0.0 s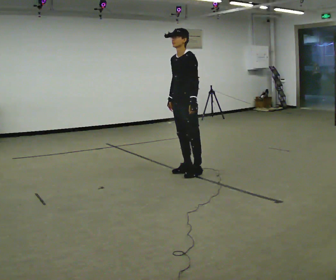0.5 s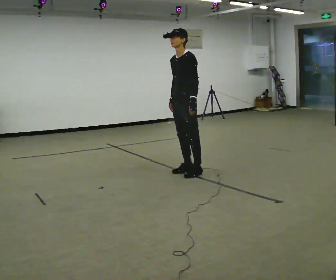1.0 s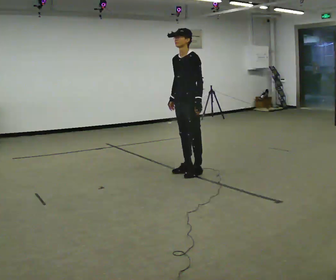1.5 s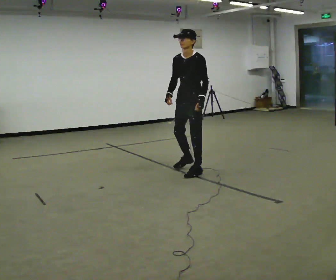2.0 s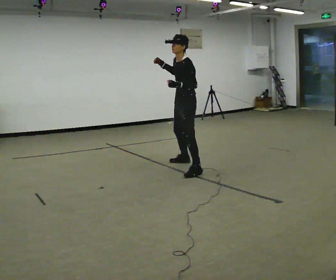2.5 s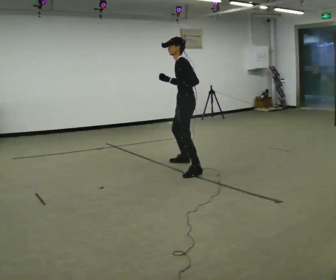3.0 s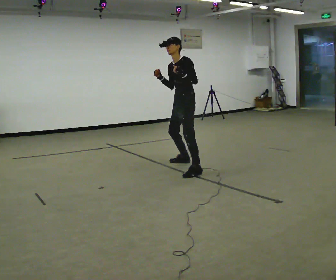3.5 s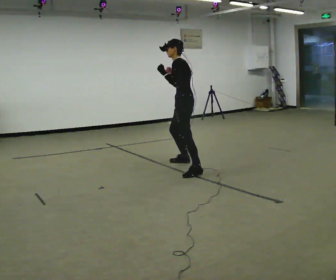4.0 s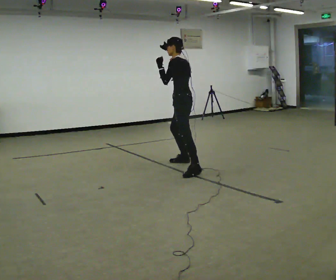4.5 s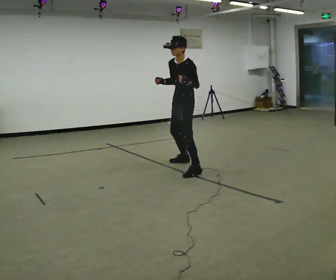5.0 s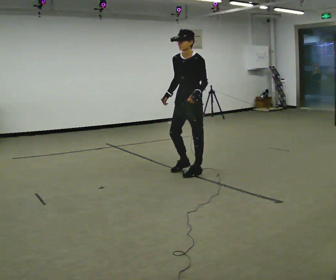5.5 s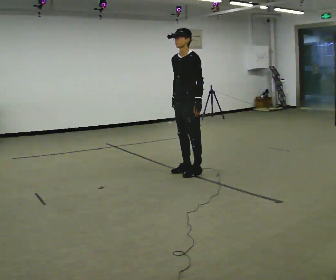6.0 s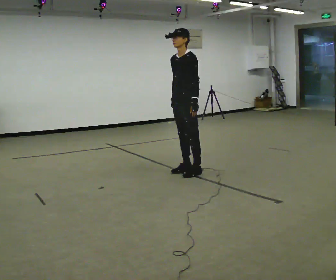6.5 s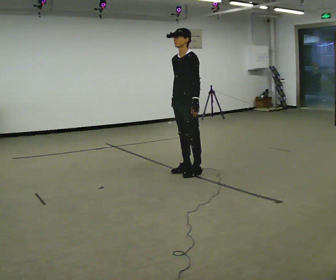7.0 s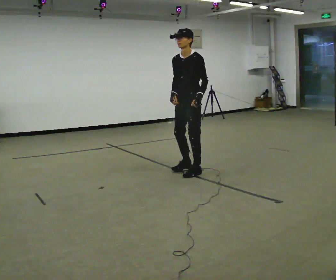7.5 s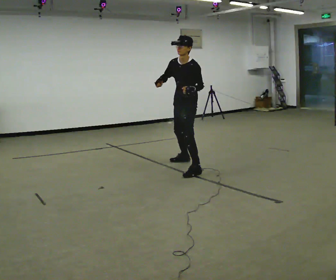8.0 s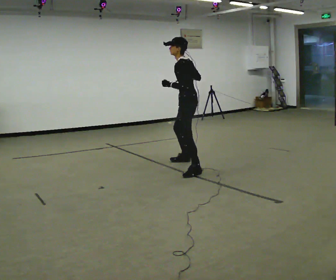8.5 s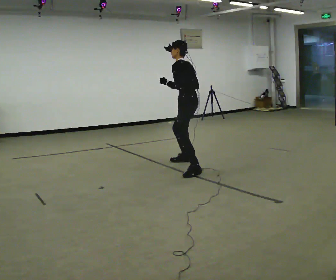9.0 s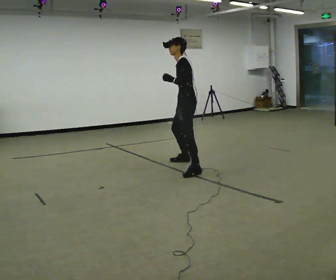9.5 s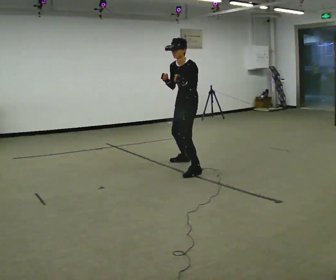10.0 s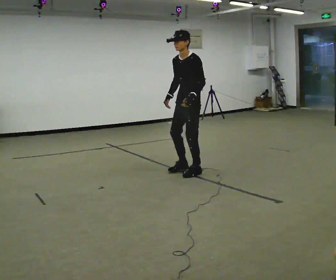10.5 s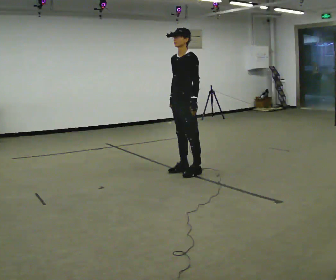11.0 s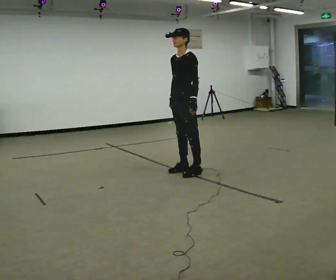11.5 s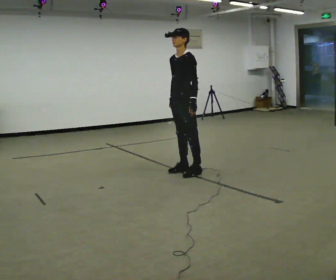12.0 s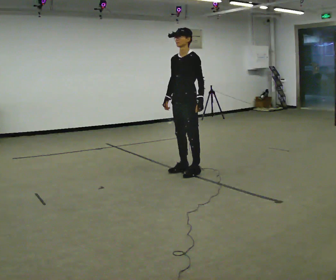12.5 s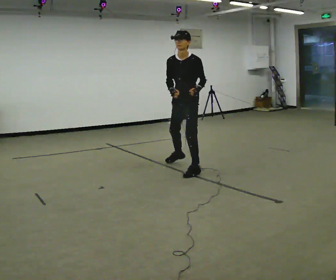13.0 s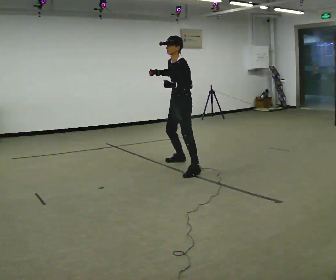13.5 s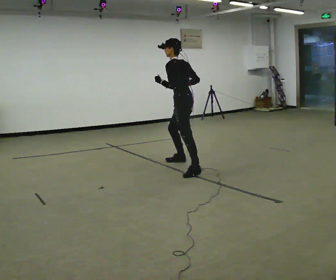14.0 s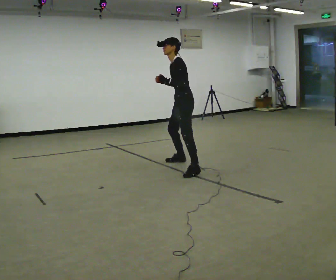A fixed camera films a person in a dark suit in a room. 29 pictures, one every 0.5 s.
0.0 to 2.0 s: In the picture they go away from the camera, about 0.25 m in 1 step, which for them is to their right and backward. In the picture their right hand goes upward, the arm swinging clockwise.
2.0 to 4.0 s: The part of the body nearest the lens slides to the left as the person turns to their right by about 45 degrees.
4.0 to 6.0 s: The part of the body nearest the lens slides to the right as the person turns to their left by about 45 degrees. In the picture they go toward the camera, about 0.25 m in 1 step. In the picture their left hand goes downward.
6.0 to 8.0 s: Seen from above the body turns clockwise, about 45 degrees: to their right, with its near side sliding to the left. In the picture they go away from the camera, about 0.25 m in 1 step, which for them is backward and to their right. In the picture their right hand goes upward.
8.0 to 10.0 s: The person turns about 45 degrees to their left, counterclockwise seen from above, so the part of the body nearest the lens slides to the right. In the picture they go toward the camera, about 0.25 m in 1 step. In the picture their right hand goes downward.
10.0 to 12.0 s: The person moves a little, or ends about where they began.
12.0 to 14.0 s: The person turns about 30 degrees to their right, clockwise seen from above, so the part of the body nearest the lens slides to the left. In the picture they go away from the camera, about 0.25 m in 1 step. In the picture the upper body tilts counterclockwise, shoulders to the left.
The film runs backward here.
